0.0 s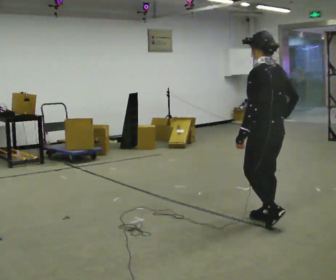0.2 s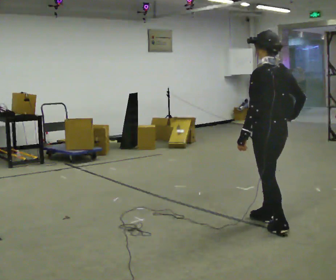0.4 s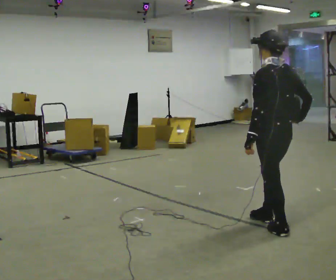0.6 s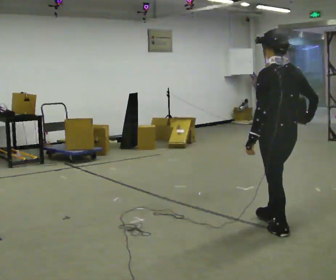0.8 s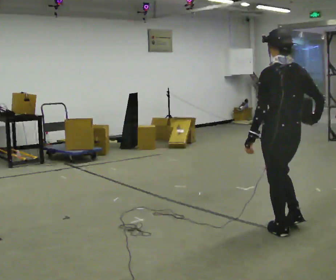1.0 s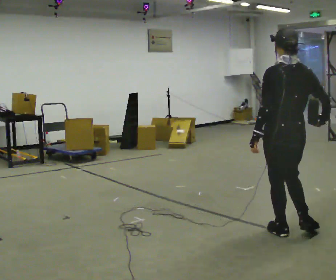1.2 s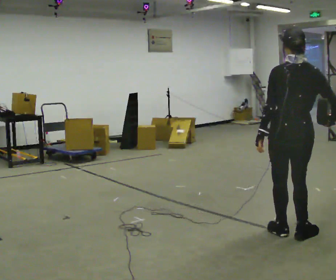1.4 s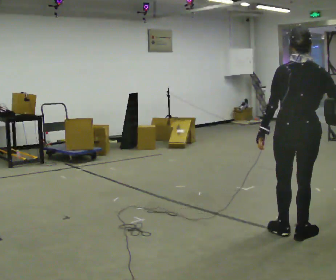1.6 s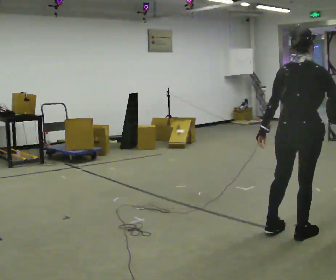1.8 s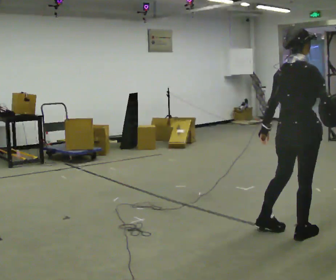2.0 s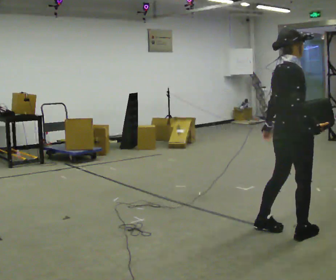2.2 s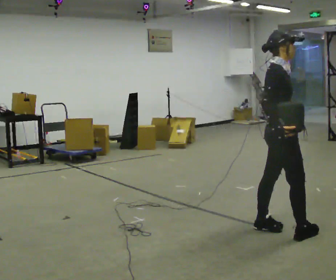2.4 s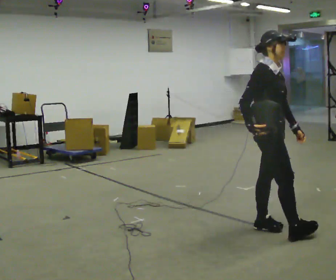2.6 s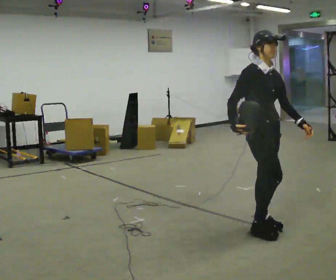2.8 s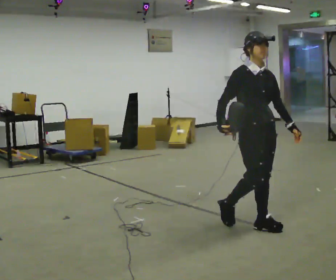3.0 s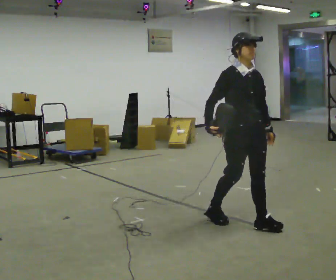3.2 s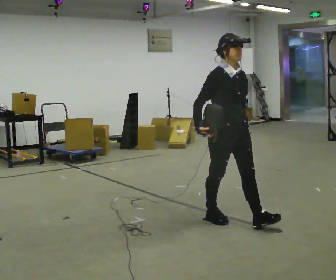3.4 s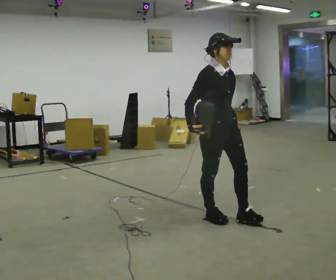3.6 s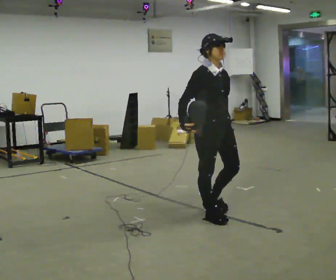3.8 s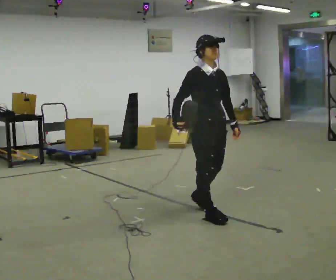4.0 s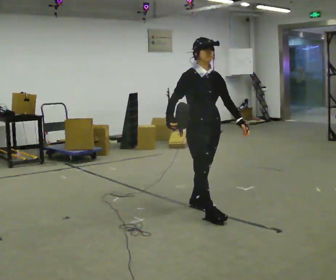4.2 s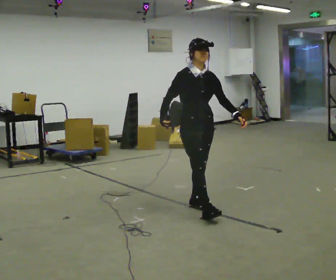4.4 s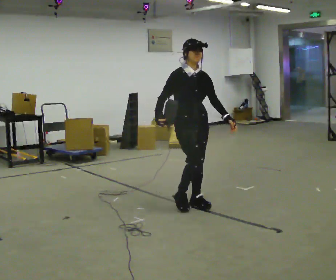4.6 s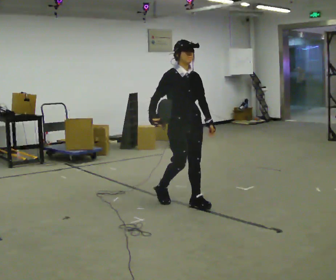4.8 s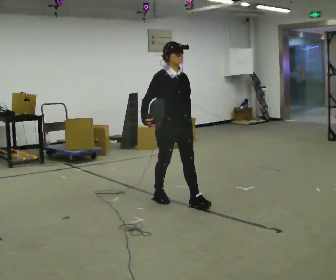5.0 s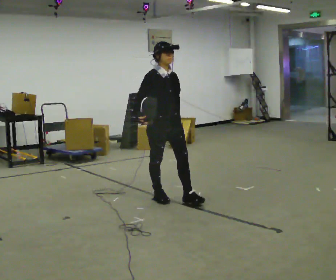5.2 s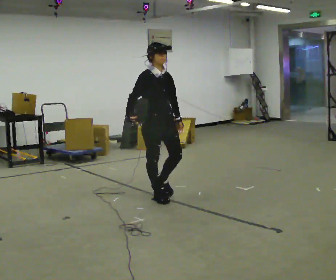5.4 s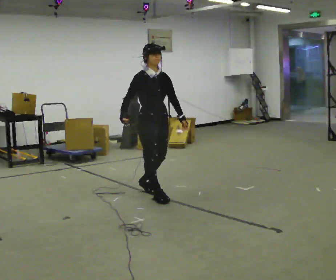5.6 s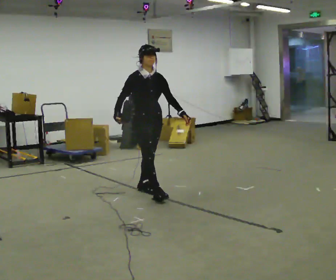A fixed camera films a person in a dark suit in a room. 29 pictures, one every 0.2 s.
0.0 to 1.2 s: The part of the body nearest the lens slides to the left as the person turns to their right by about 45 degrees. In the picture they go toward the camera and to the right, about 0.25 m in 1 step, which for them is backward.
1.2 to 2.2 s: The part of the body nearest the lens slides to the left as the person turns to their right by about 105 degrees. In the picture their right hand goes to the left.
2.2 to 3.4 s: The person turns about 45 degrees to their right, clockwise seen from above, so the part of the body nearest the lens slides to the left. In the picture they go to the left and away from the camera, about 0.5 m in 2 steps, which for them is backward.
3.4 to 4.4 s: In the picture they go away from the camera and to the left, about 0.5 m in 1 step, which for them is backward.
4.4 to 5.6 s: In the picture they go to the left and away from the camera, about 0.75 m in 1 step, which for them is backward.
The film runs backward here.
